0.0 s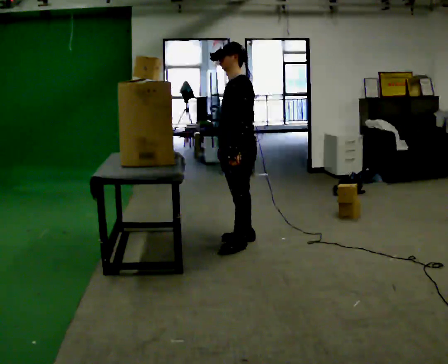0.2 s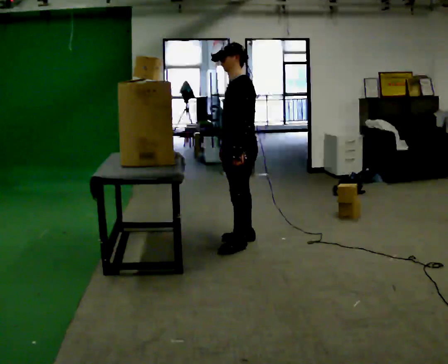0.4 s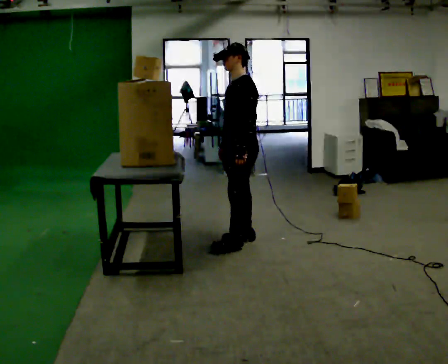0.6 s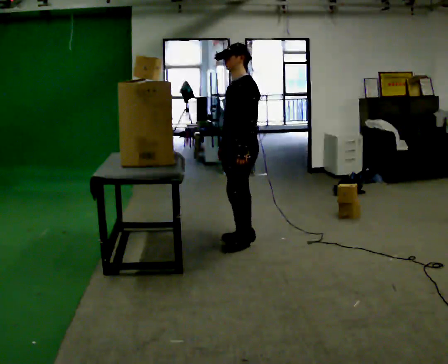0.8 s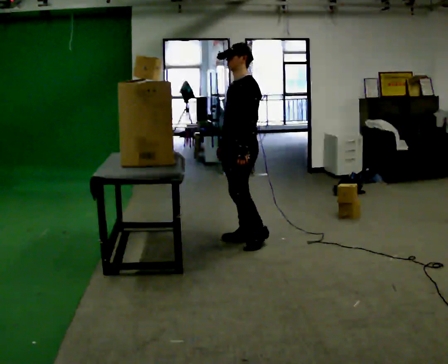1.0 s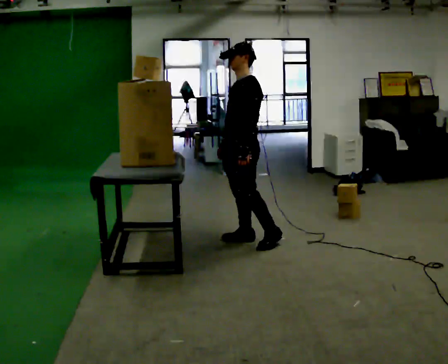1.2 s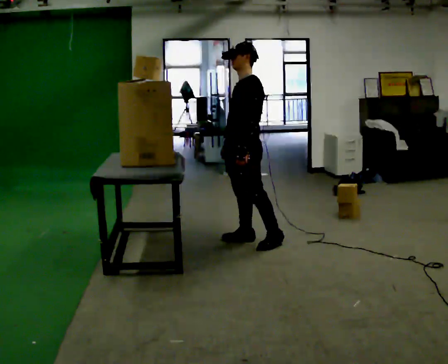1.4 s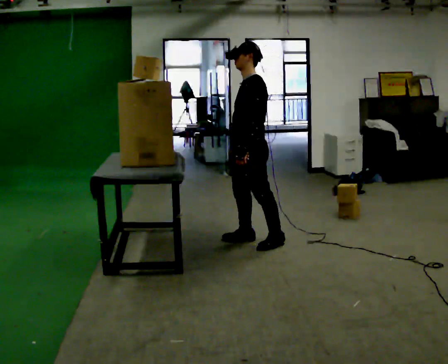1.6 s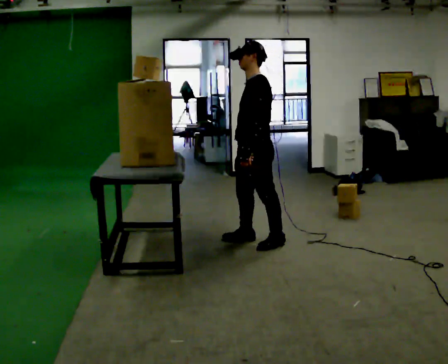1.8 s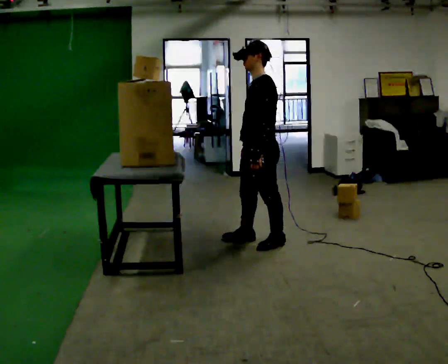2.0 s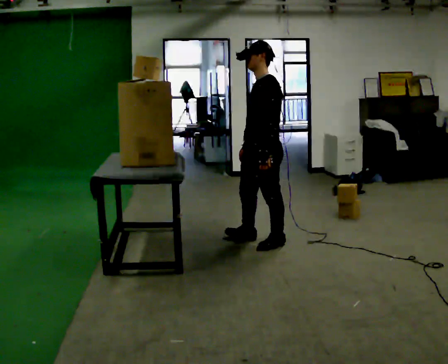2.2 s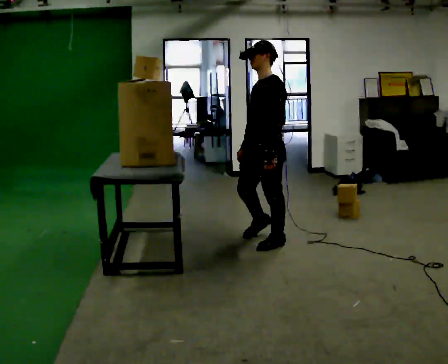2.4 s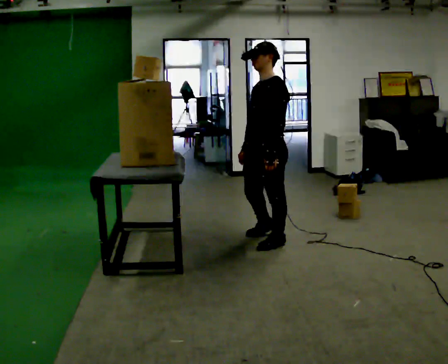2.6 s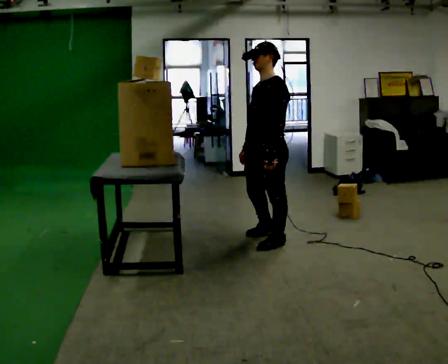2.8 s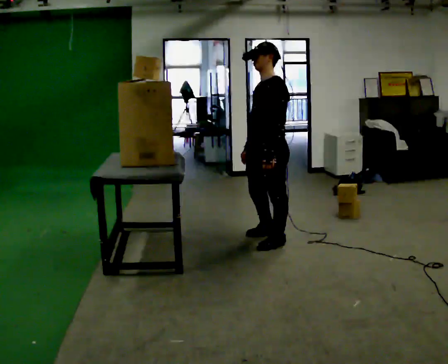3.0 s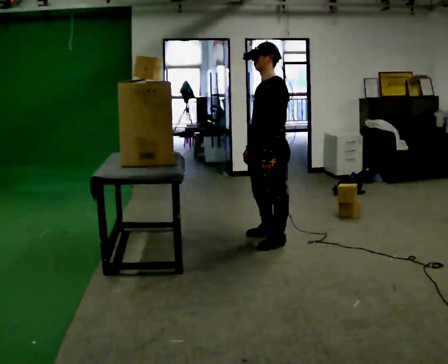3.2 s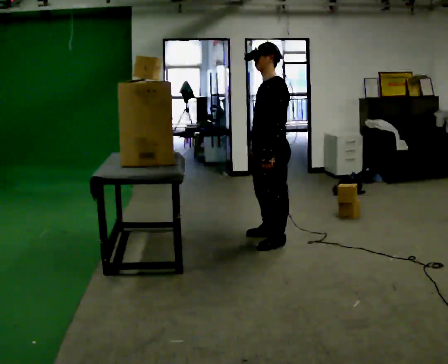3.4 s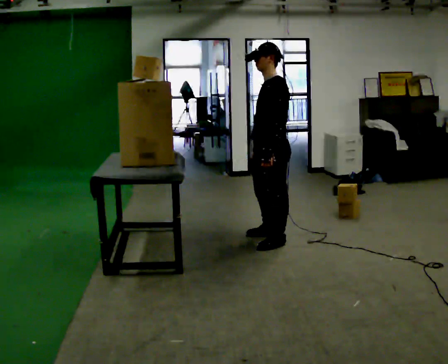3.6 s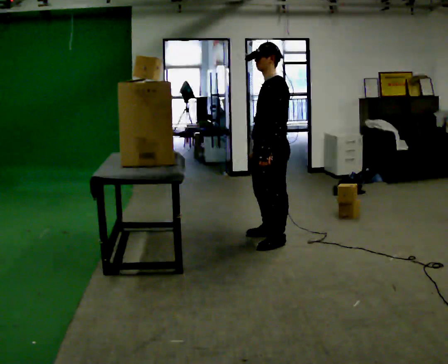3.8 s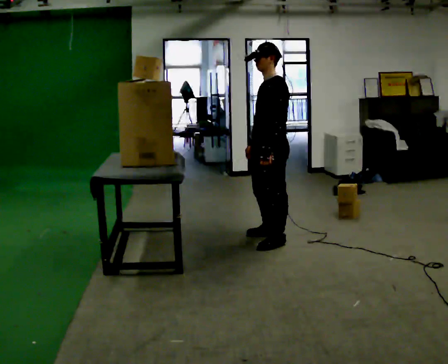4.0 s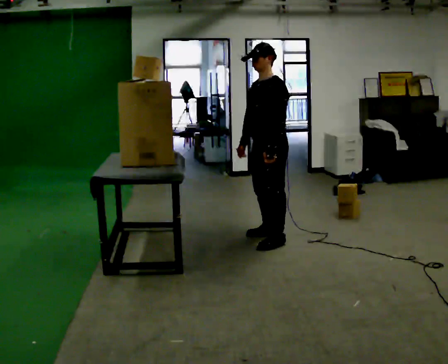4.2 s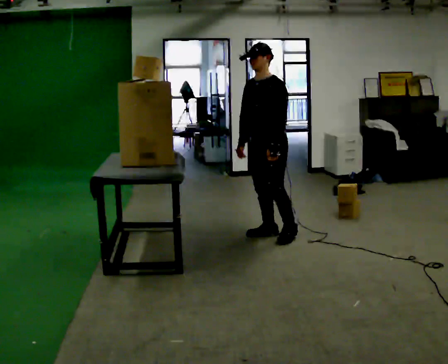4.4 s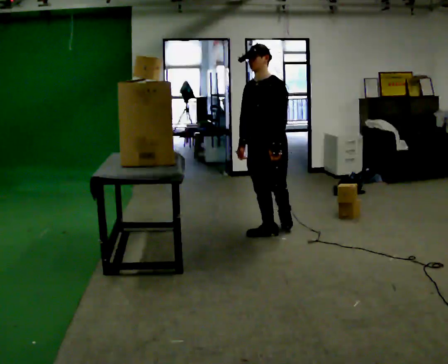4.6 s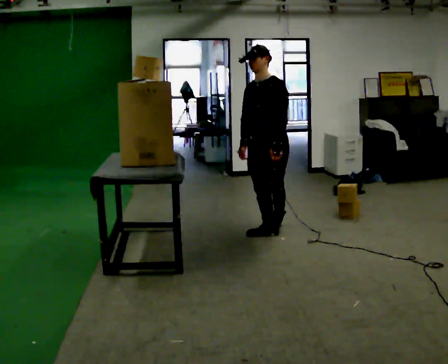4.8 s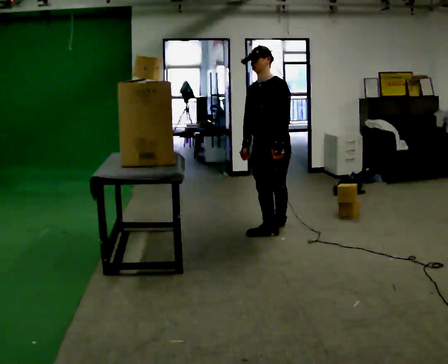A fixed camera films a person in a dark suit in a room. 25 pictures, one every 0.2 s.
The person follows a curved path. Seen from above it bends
counterclockwise.
0.0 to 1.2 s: The person moves a little, or ends about where they began.
1.2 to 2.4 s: In the picture they go to the right and toward the camera, about 0.25 m in 1 step, which for them is to their left and backward.
2.4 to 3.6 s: The person moves a little, or ends about where they began.
3.6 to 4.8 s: The person turns about 45 degrees to their left, counterclockwise seen from above, so the part of the body nearest the lens slides to the right. In the picture they go away from the camera, about 0.25 m in 1 step, which for them is backward and to their right.
The film runs backward here.
